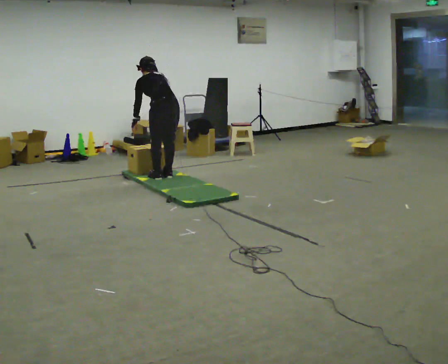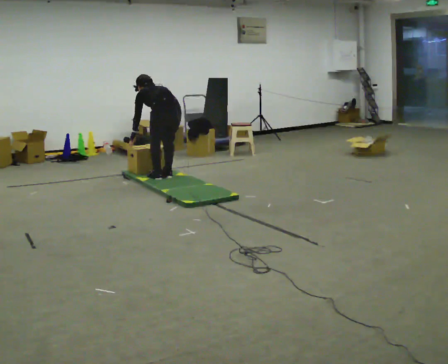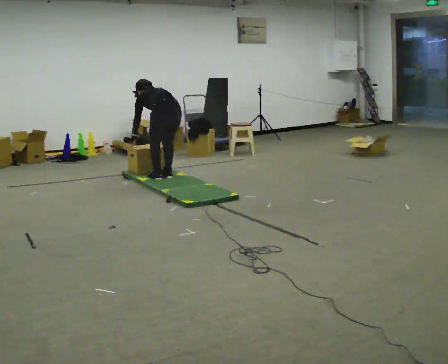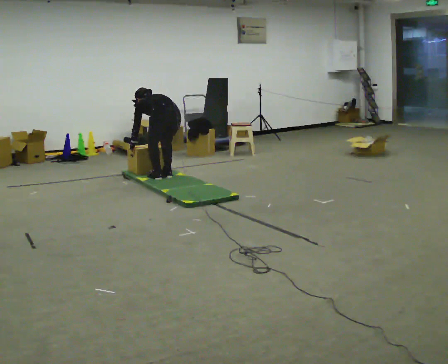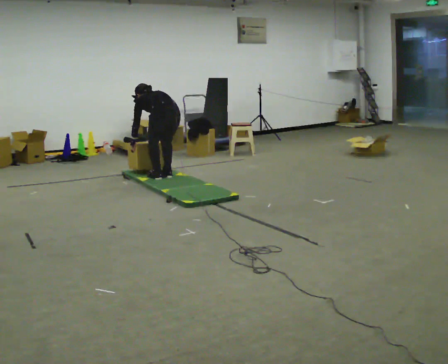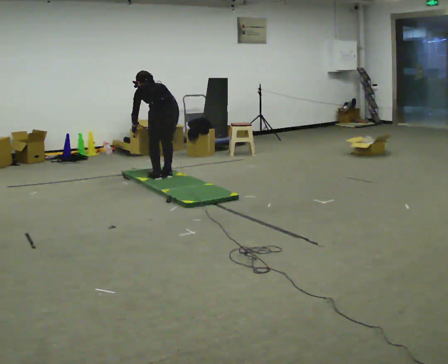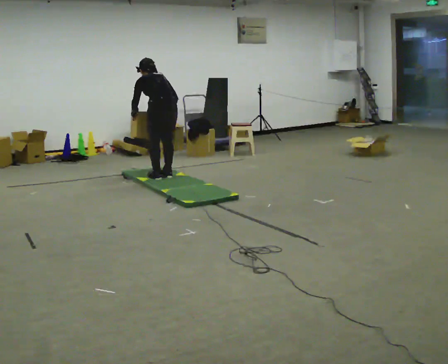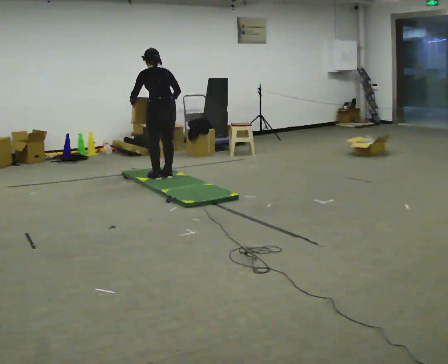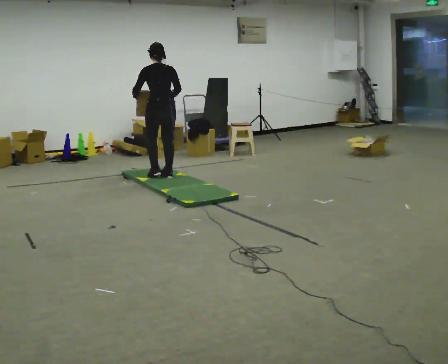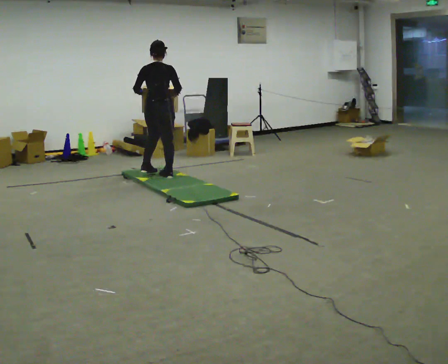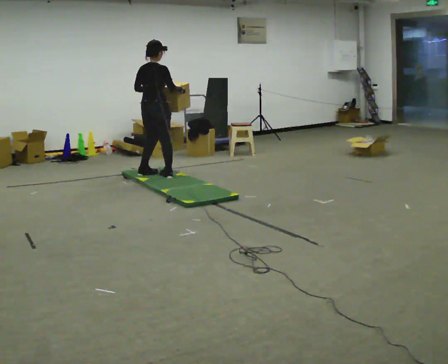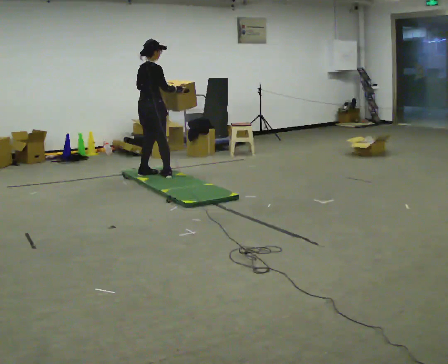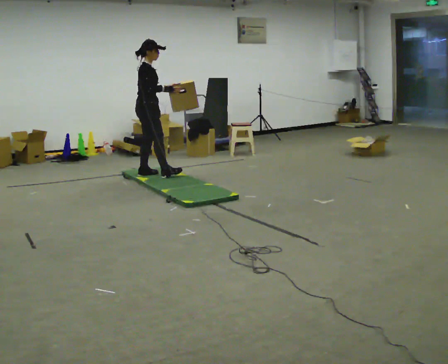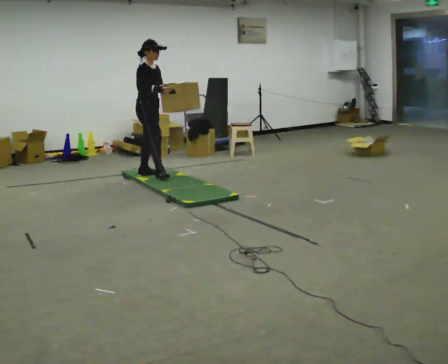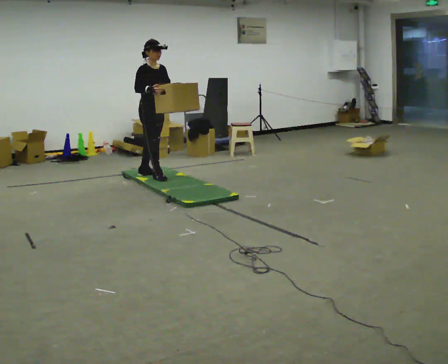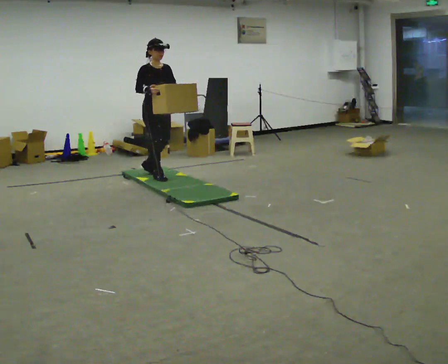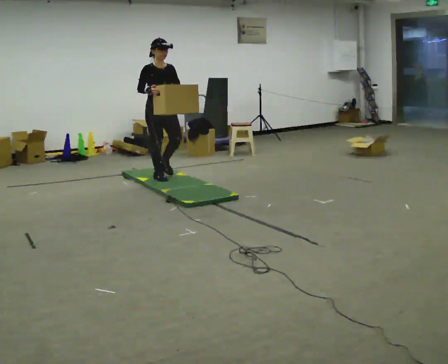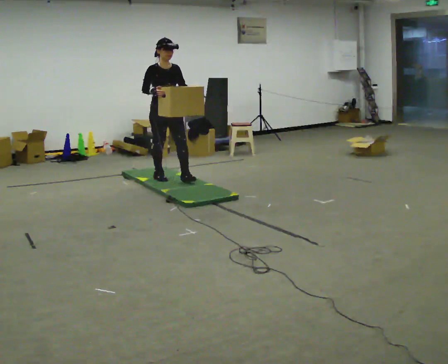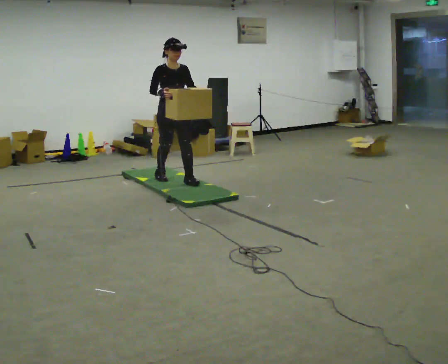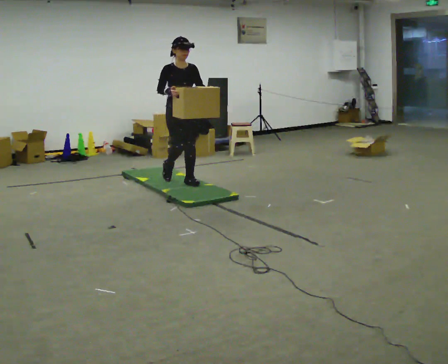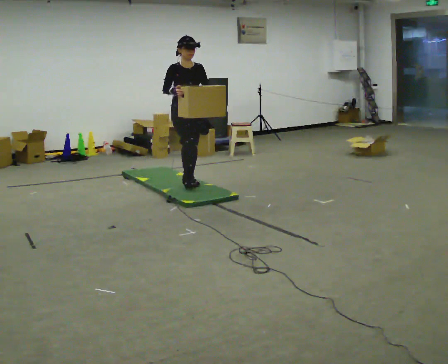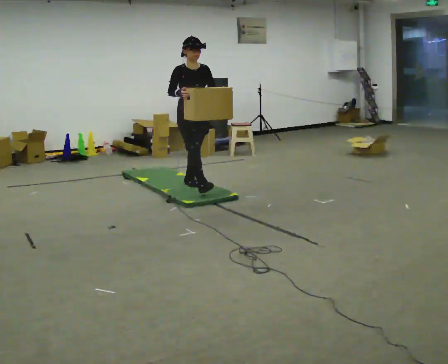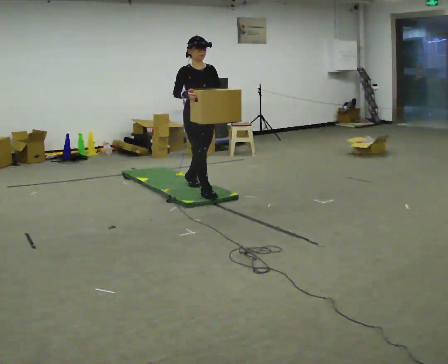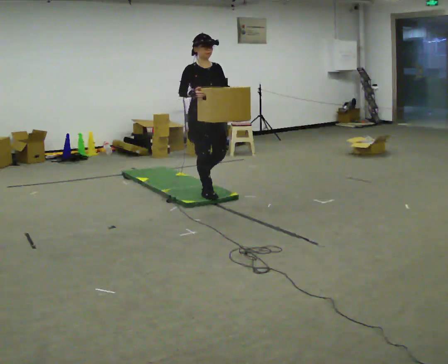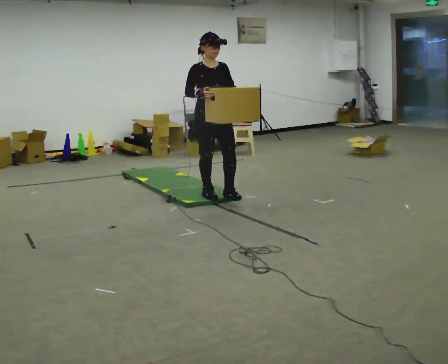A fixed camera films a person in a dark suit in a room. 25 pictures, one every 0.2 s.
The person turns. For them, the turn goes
to their right.
The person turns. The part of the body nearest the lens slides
to the left.
0.0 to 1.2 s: The person moves a little, or ends about where they began.
1.2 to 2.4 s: Seen from above the body turns clockwise, about 120 degrees: to their right, with its near side sliding to the left. In the picture they go to the left and away from the camera, about 0.25 m in 1 step. The upper body tips toward the camera, its near side rolling downward, as they lean back or straighten.
2.4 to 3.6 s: The part of the body nearest the lens slides to the left as the person turns to their right by about 60 degrees. In the picture they go toward the camera and to the right, about 0.5 m in 1 step.
3.6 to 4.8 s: In the picture they go toward the camera and to the right, about 1 m in 1 step, which for them is forward.
The film runs forward here.
